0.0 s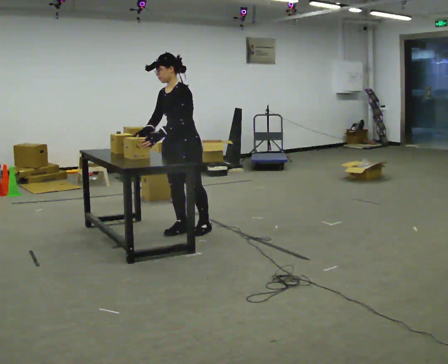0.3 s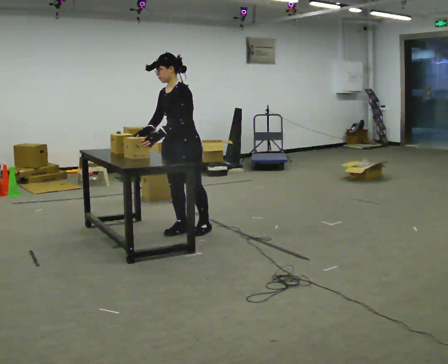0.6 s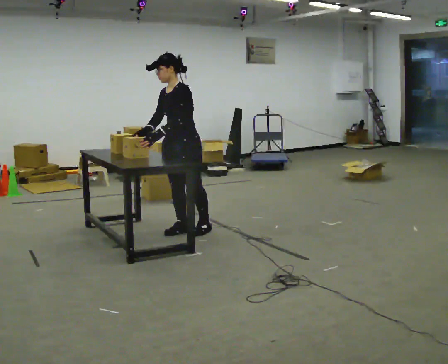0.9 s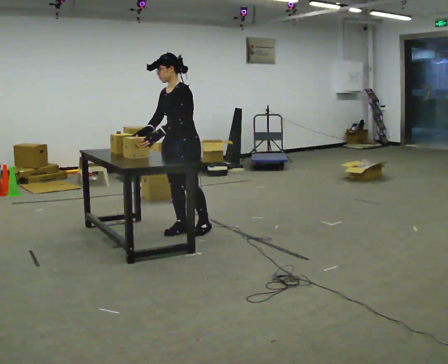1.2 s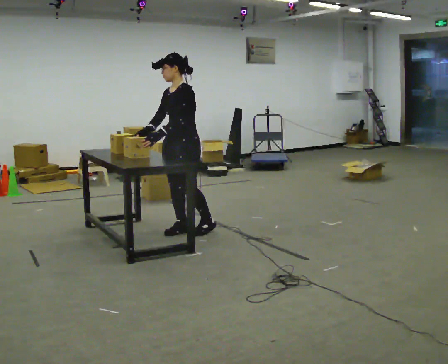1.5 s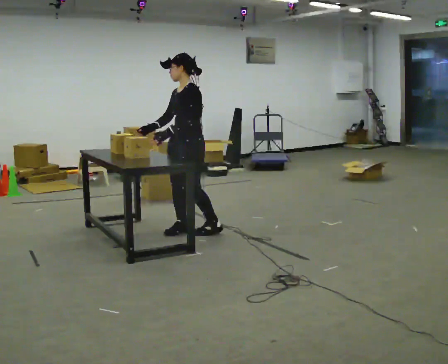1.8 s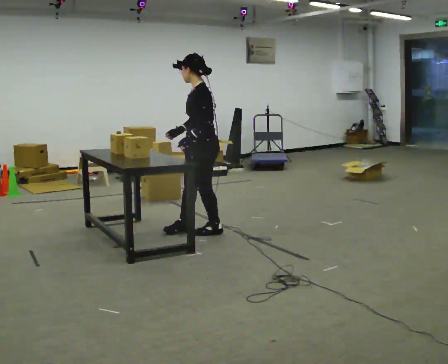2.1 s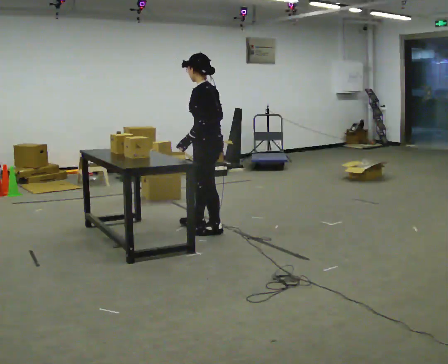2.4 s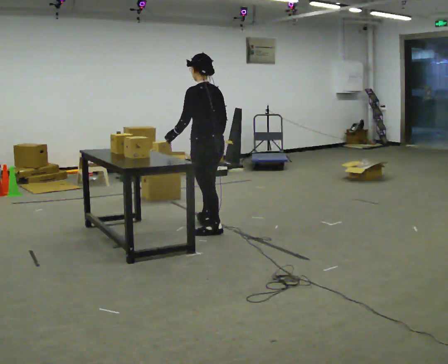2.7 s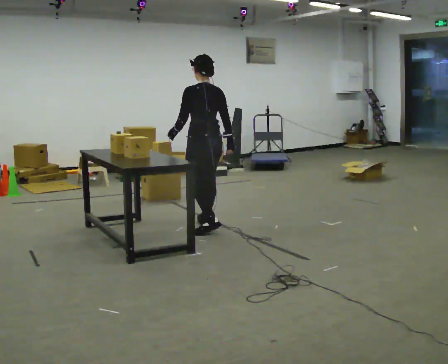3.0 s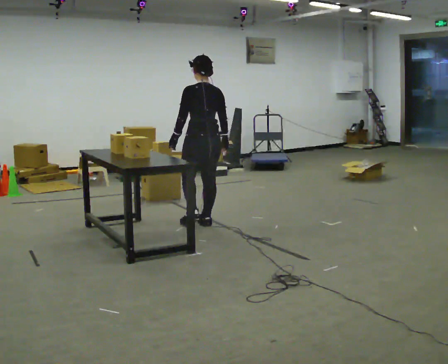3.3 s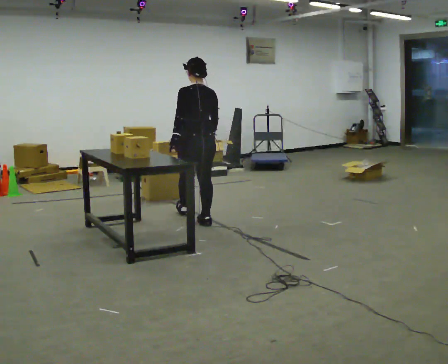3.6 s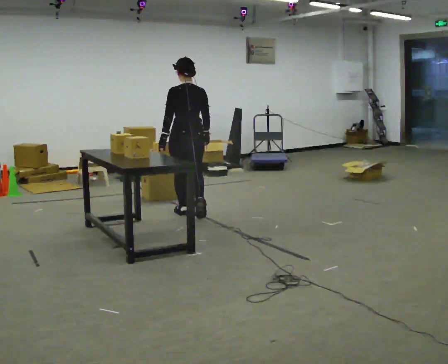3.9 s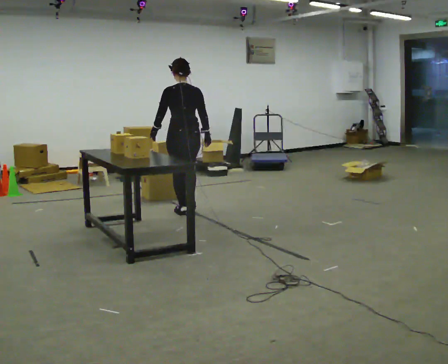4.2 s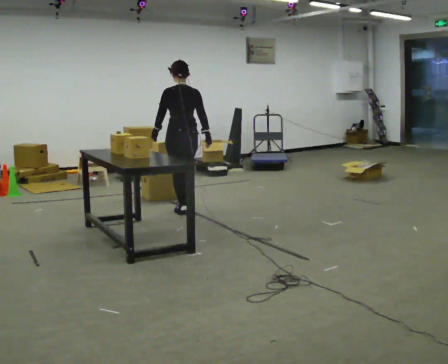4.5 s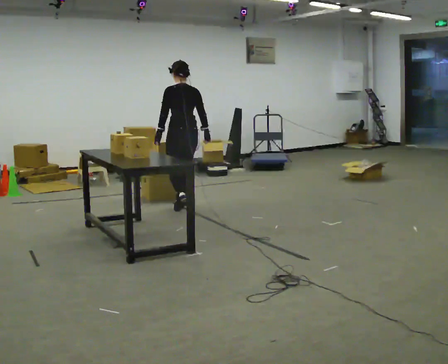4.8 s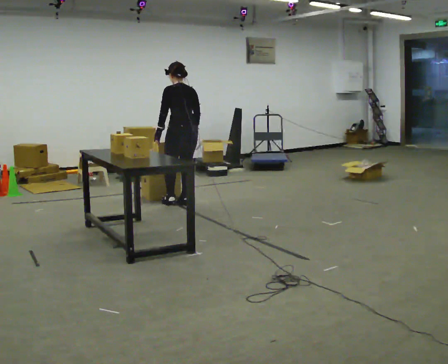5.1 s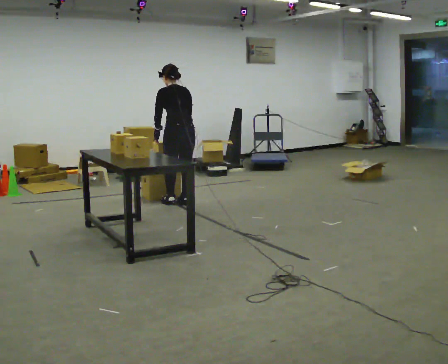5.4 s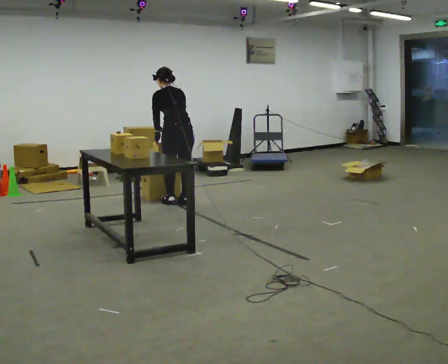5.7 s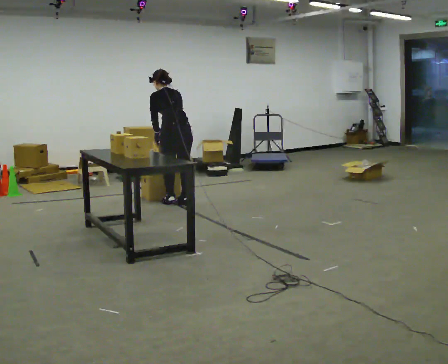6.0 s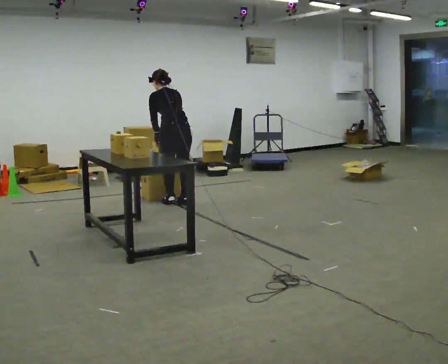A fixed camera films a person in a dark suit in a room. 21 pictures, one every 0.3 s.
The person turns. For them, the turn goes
to their right.
The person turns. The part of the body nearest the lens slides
to the left.
0.0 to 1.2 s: The person moves a little, or ends about where they began.
1.2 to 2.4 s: Seen from above the body turns clockwise, about 75 degrees: to their right, with its near side sliding to the left. In the picture they go to the right, about 0.25 m in 1 step. In the picture their right hand goes to the right, the arm swinging counterclockwise.
2.4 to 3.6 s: The person turns about 30 degrees to their right, clockwise seen from above, so the part of the body nearest the lens slides to the left. In the picture they go away from the camera and to the left, about 0.5 m in 1 step, which for them is forward.
3.6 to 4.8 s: In the picture they go away from the camera, about 0.5 m in 1 step, which for them is forward.
4.8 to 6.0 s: The upper body tips away from the camera, its near side rolling upward, as they bend forward.
The film runs forward here.
